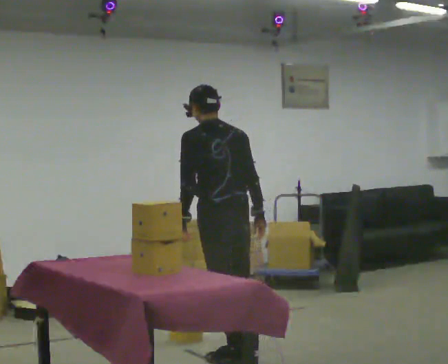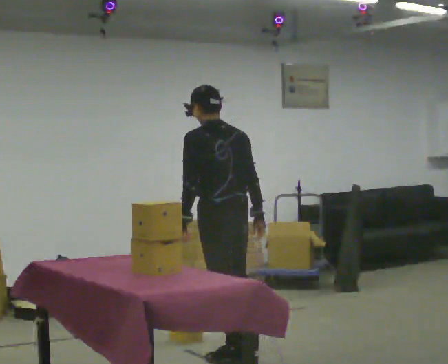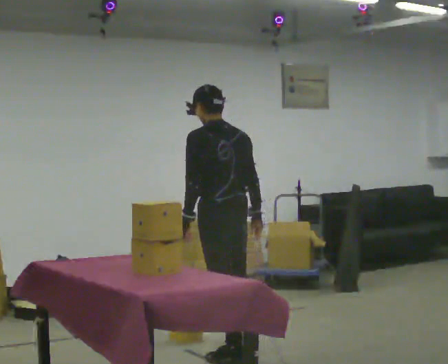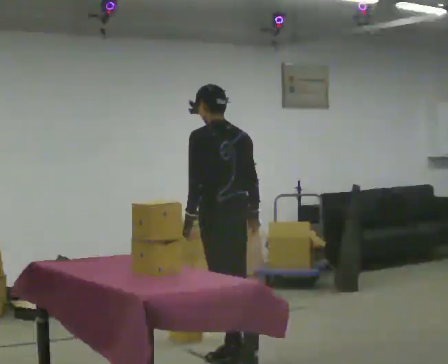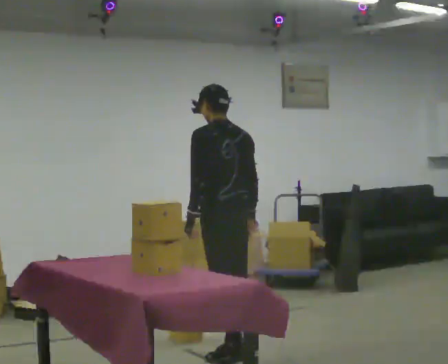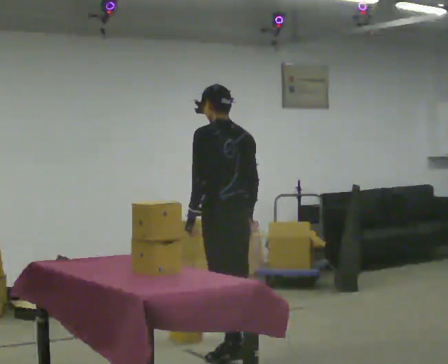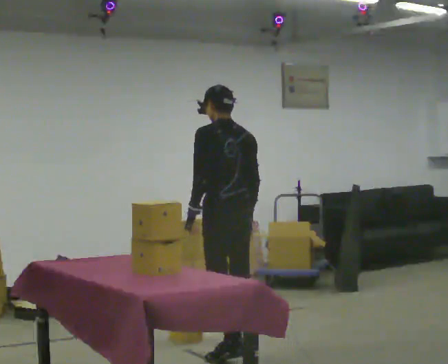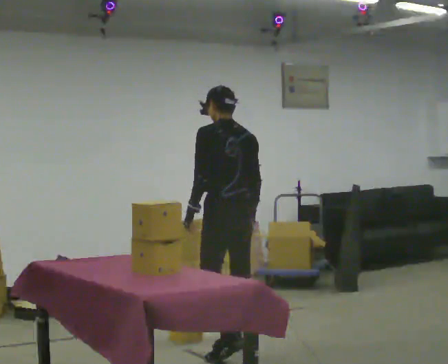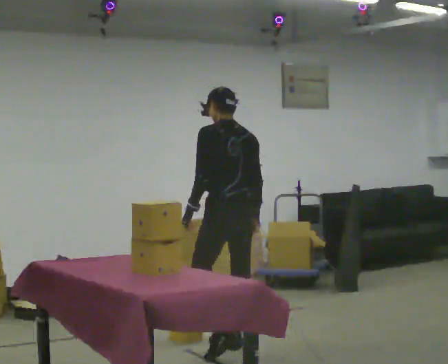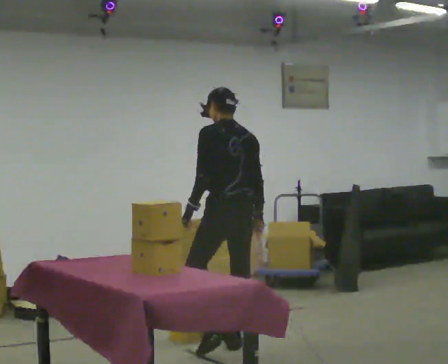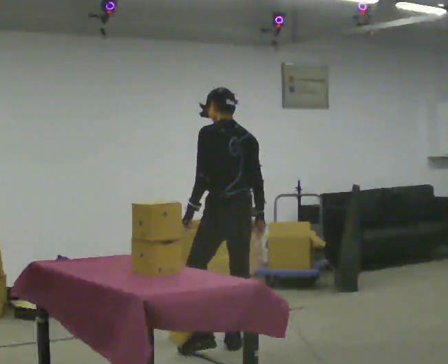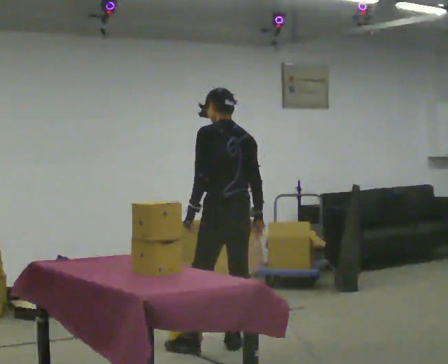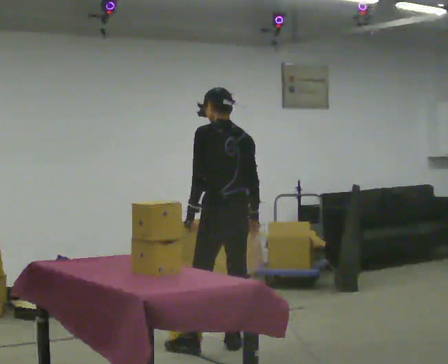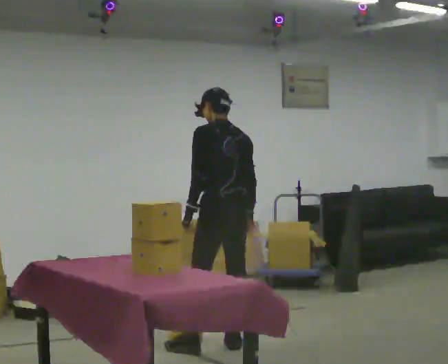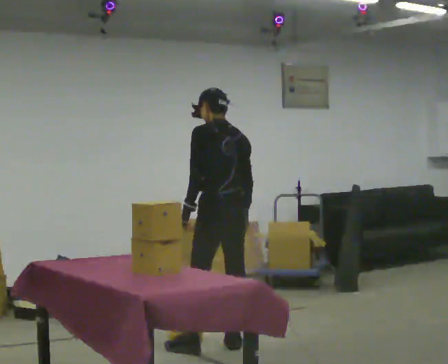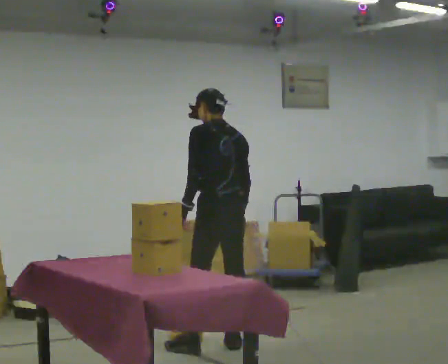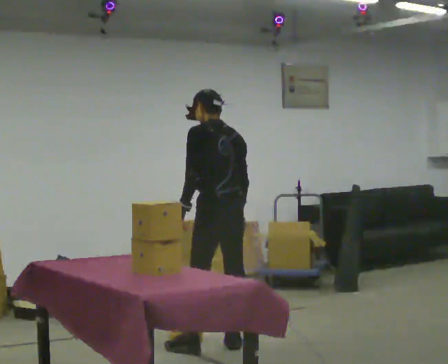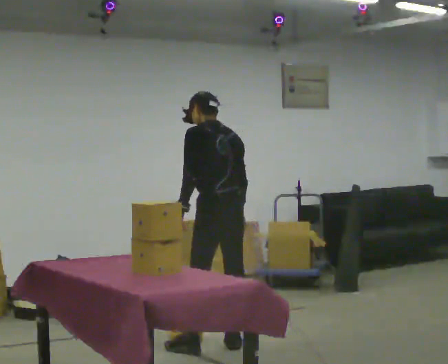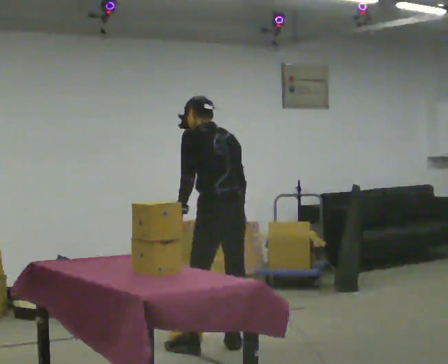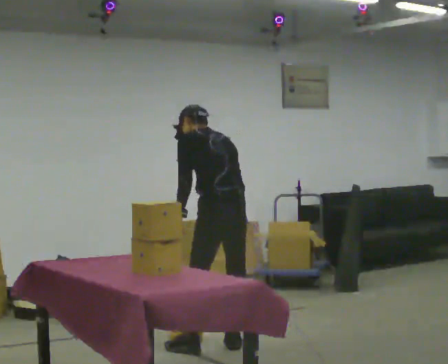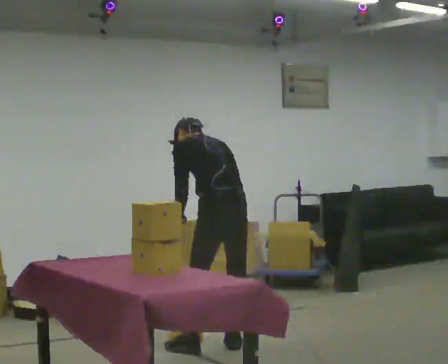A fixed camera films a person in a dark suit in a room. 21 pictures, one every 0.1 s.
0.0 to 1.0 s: In the picture they go away from the camera, about 0.25 m in 1 step, which for them is forward and to their right.
1.0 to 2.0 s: The upper body goes downward. The upper body tips away from the camera, its near side rolling upward, as they bend forward.
The film runs forward here.
